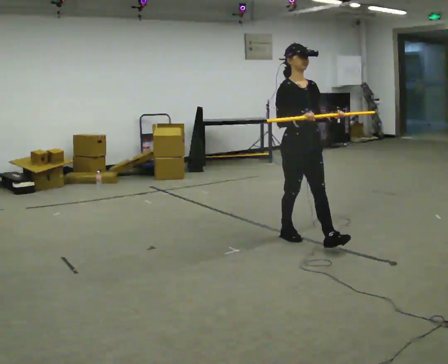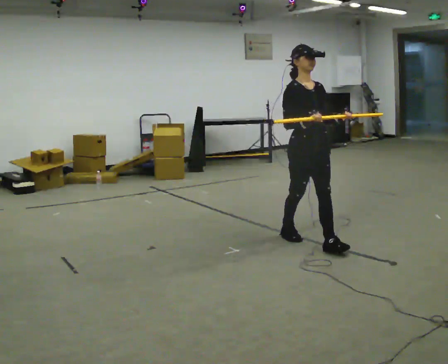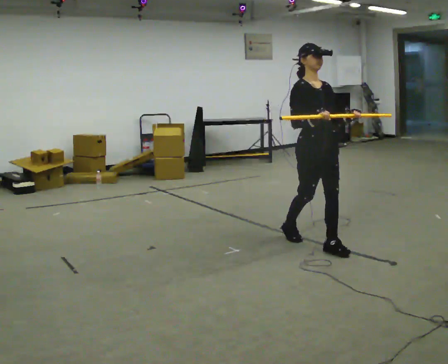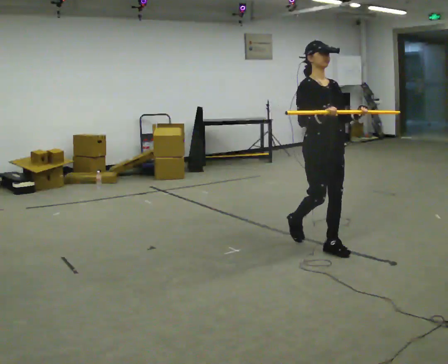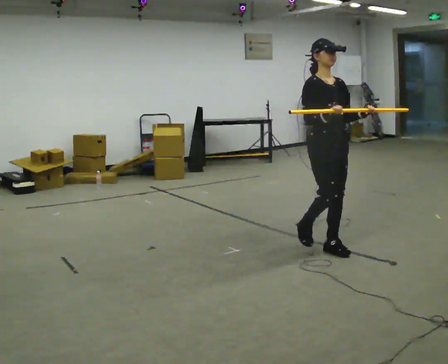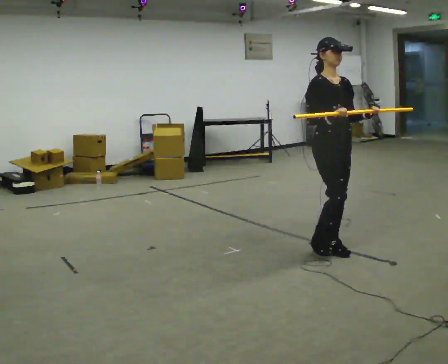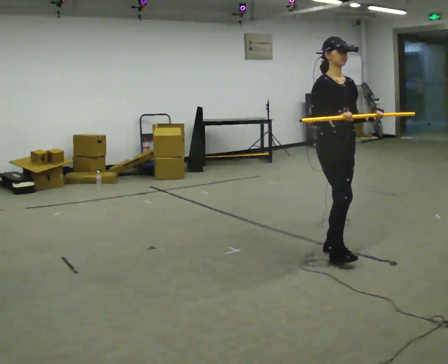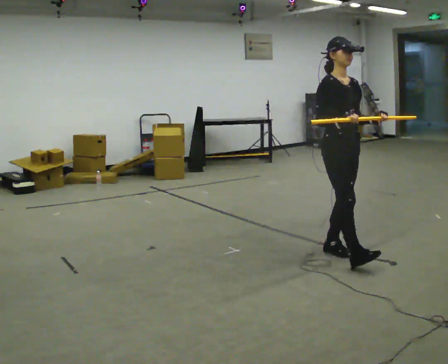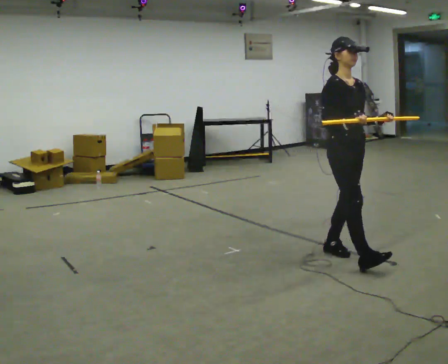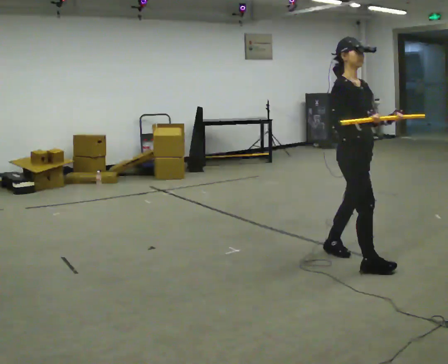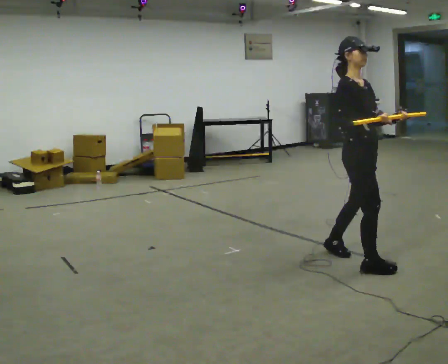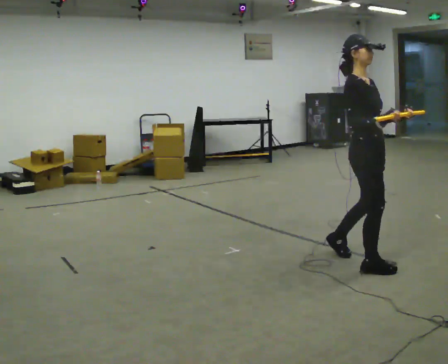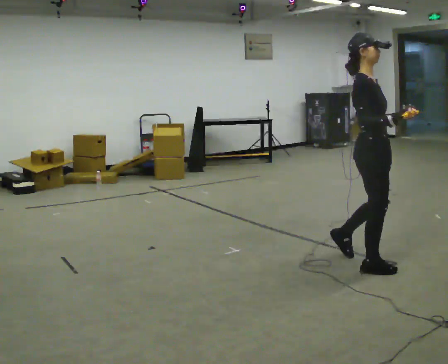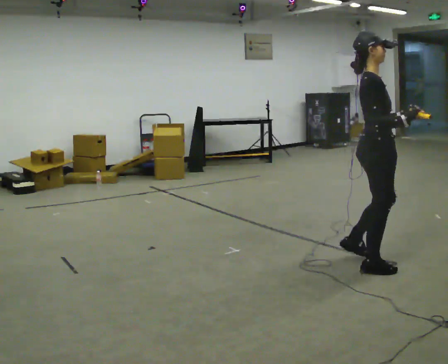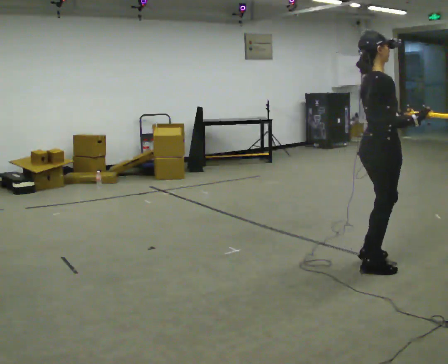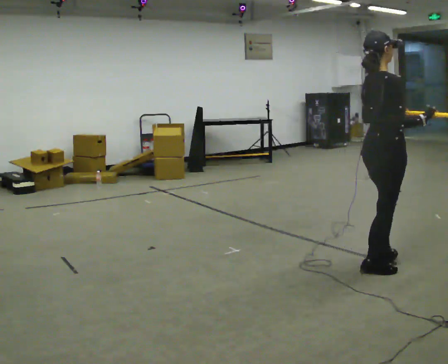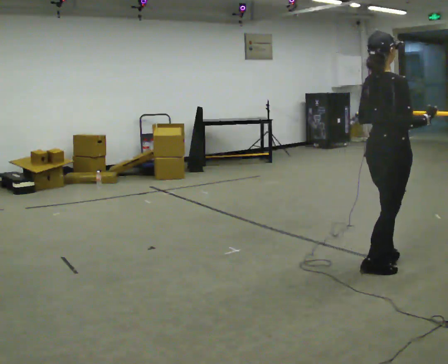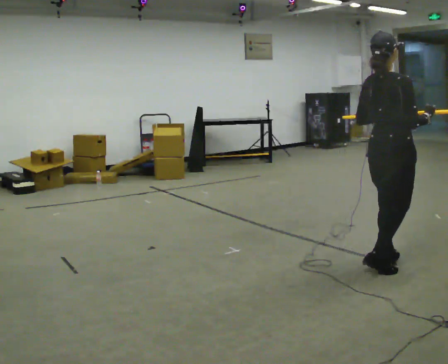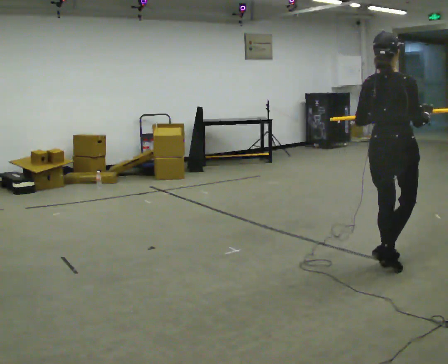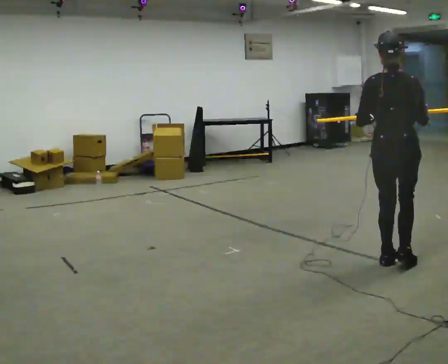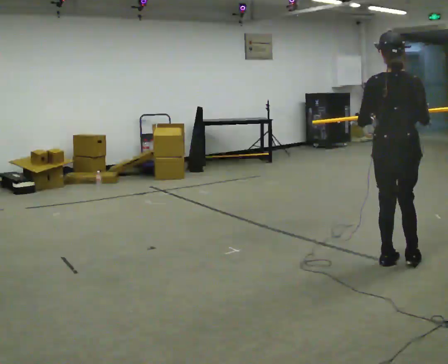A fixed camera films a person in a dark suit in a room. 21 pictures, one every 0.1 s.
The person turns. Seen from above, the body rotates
counterclockwise.
The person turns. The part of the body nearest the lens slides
to the right.
0.0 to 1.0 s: In the picture they go toward the camera and to the right, about 0.75 m in 2 steps, which for them is forward.
1.0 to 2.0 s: Seen from above the body turns counterclockwise, about 105 degrees: to their left, with its near side sliding to the right. In the picture they go to the right, about 0.25 m in 1 step.
The film runs forward here.
